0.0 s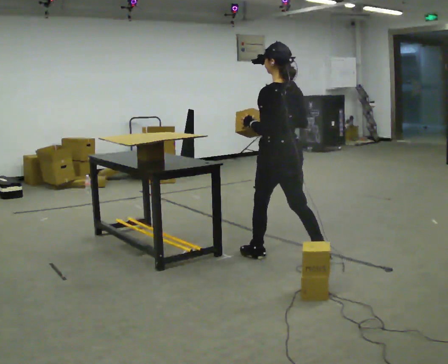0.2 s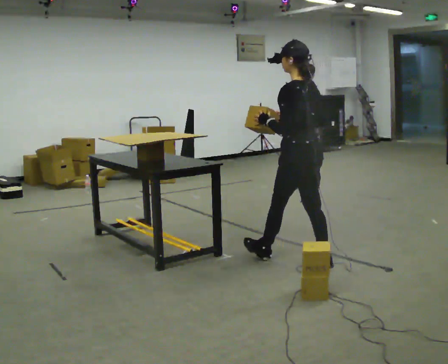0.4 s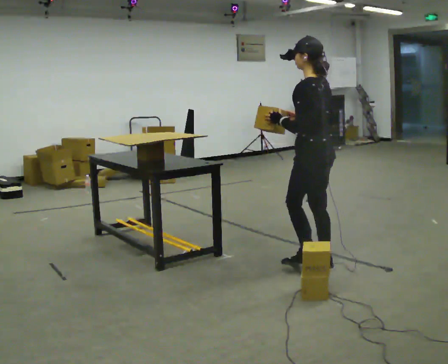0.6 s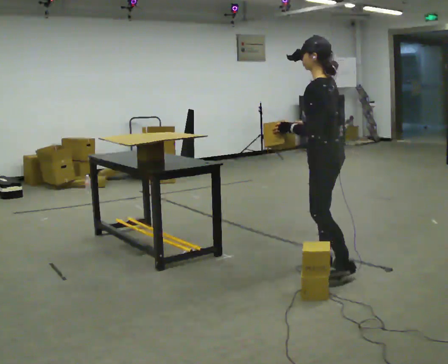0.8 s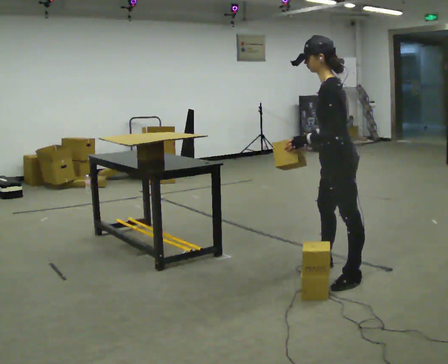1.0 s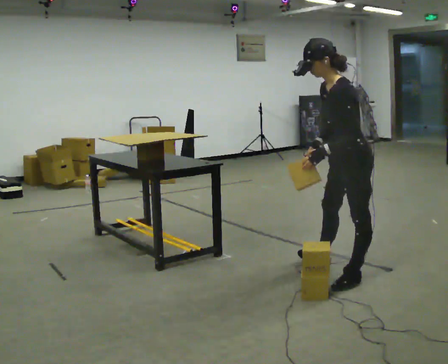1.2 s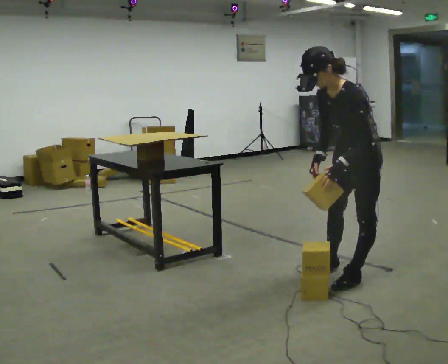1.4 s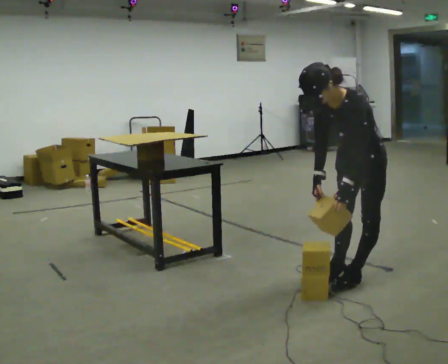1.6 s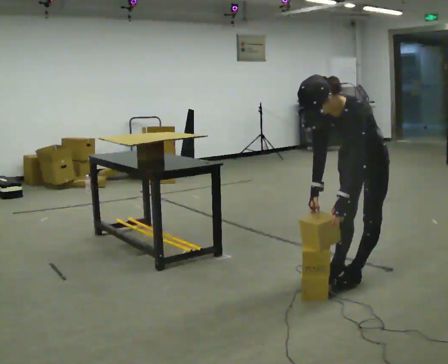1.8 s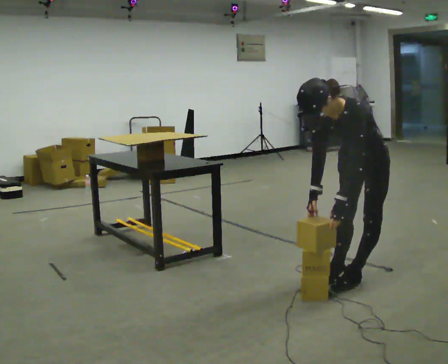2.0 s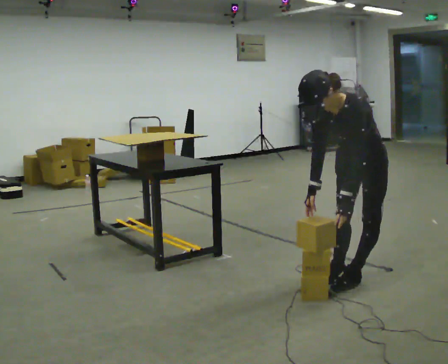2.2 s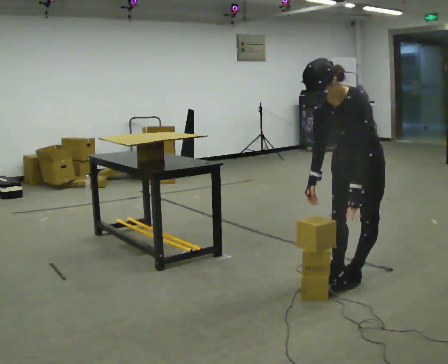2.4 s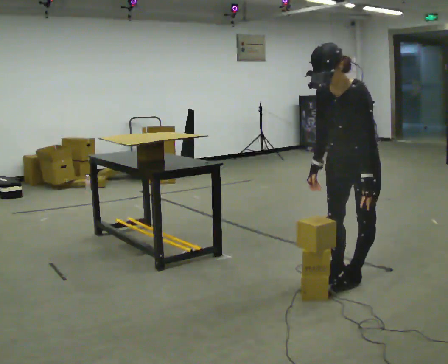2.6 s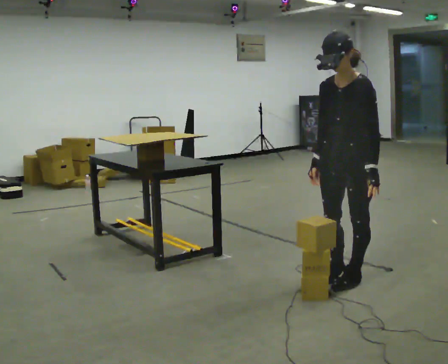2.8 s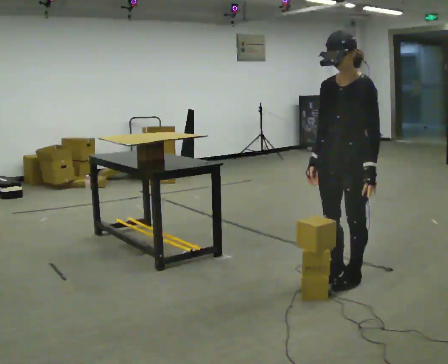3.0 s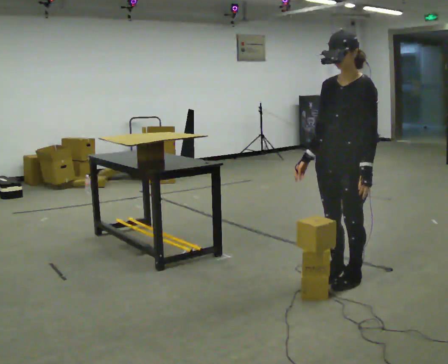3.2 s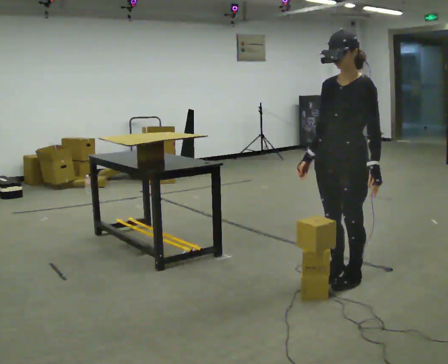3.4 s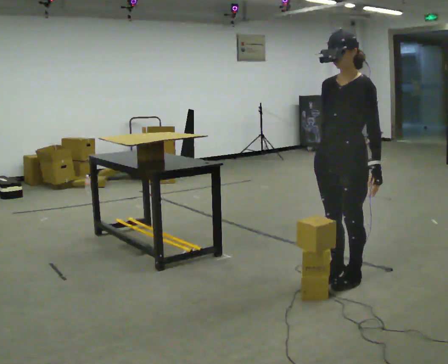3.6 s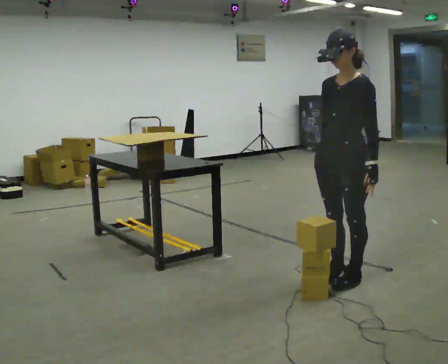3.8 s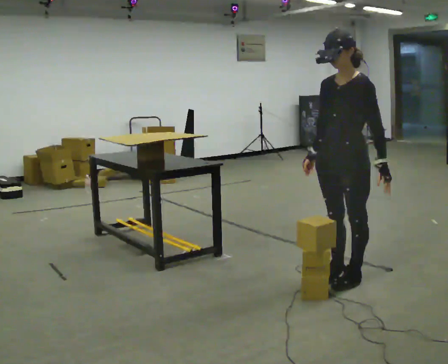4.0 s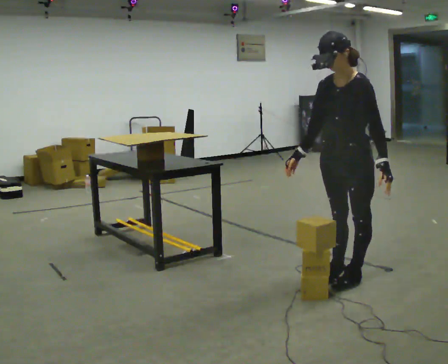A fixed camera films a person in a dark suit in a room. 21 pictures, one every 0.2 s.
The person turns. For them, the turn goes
to their left.
The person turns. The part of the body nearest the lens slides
to the right.
0.0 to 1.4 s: The person turns about 75 degrees to their left, counterclockwise seen from above, so the part of the body nearest the lens slides to the right. In the picture they go to the right and toward the camera, about 0.5 m in 2 steps. In the picture the upper body tilts counterclockwise, shoulders to the left, as they bend forward. In the picture their left hand goes downward, the arm swinging counterclockwise.
1.4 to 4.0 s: The person moves a little, or ends about where they began.
The film runs backward here.
